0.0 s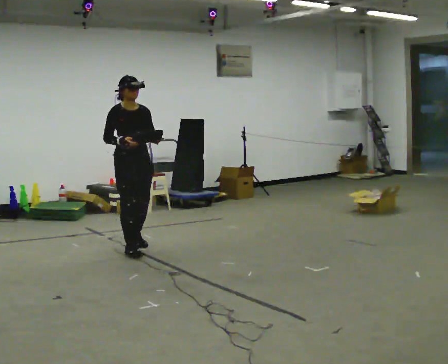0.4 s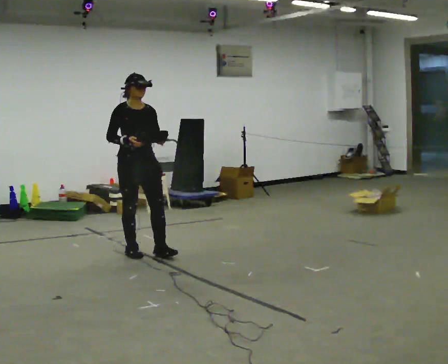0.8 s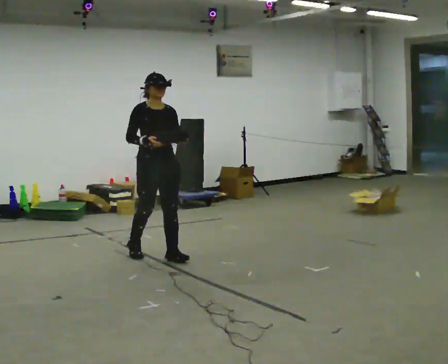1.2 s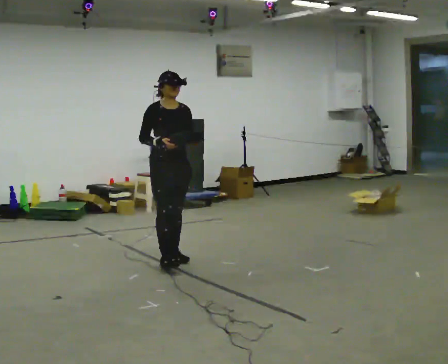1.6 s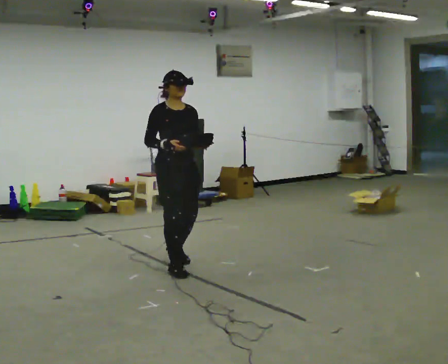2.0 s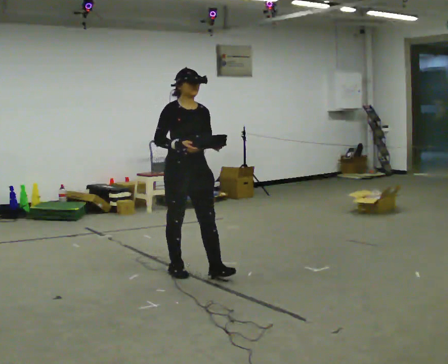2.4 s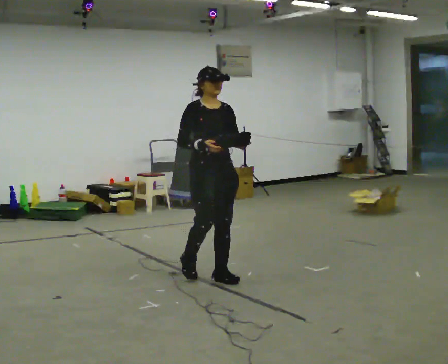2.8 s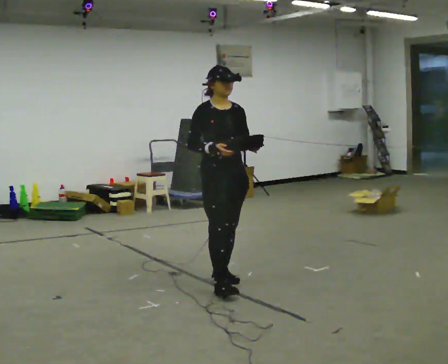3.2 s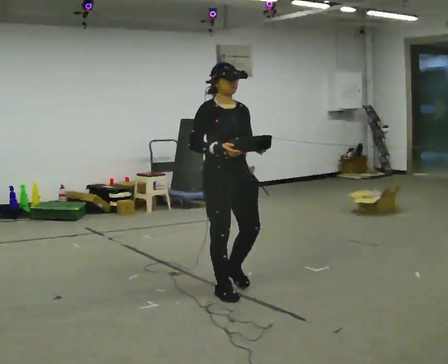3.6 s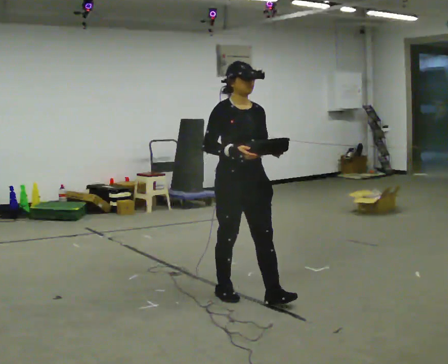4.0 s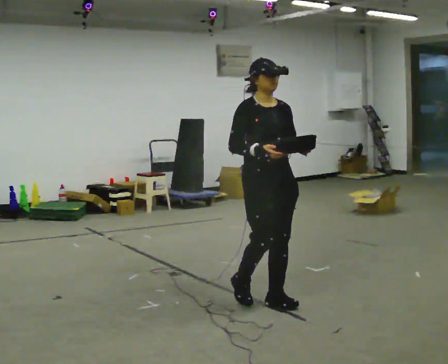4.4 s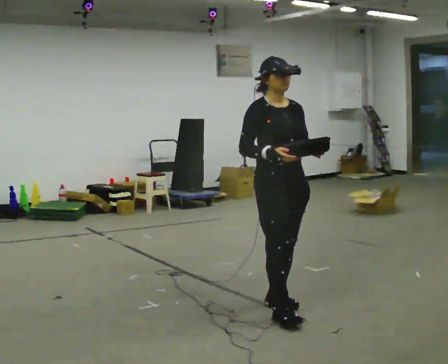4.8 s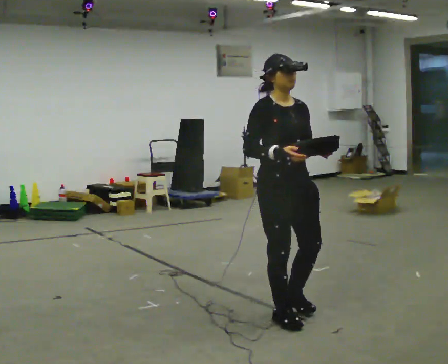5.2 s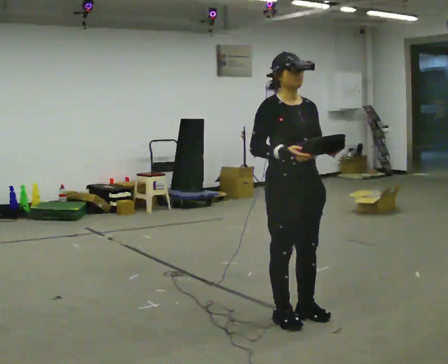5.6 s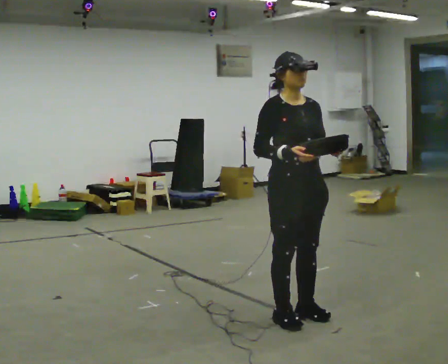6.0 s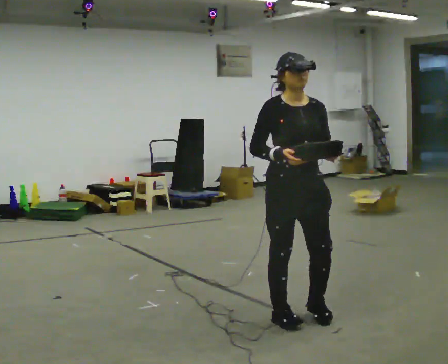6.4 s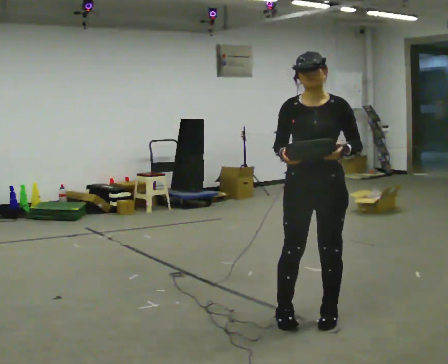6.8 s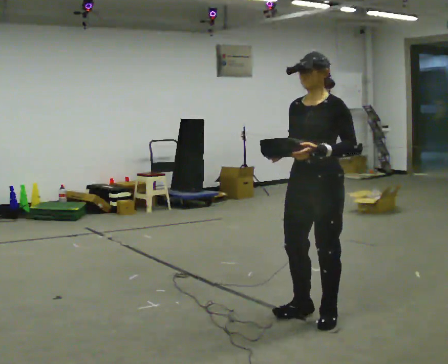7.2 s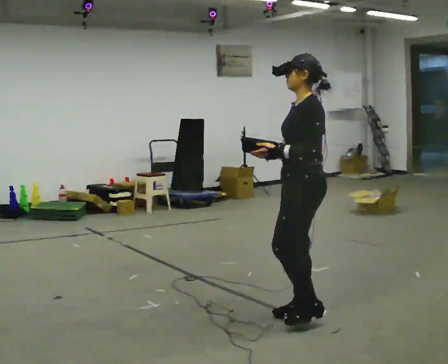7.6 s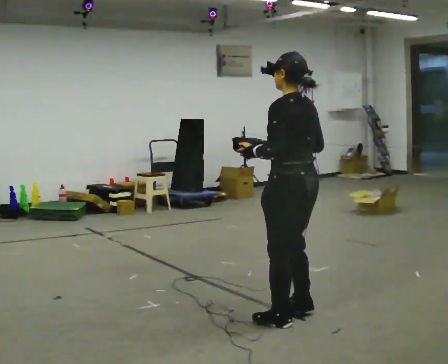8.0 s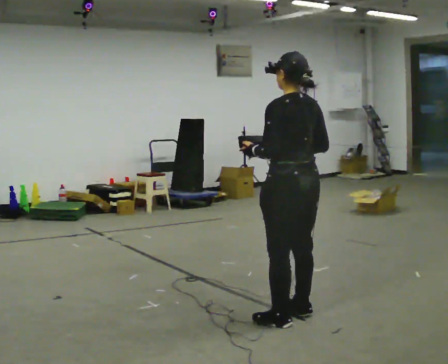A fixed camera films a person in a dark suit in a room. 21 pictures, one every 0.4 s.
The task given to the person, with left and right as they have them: Carry the object across the room. The lid hangs loose and will swing, so carry it however works. Keep going until the operator says stop; one object at a time, and do not rush between trips.
0.0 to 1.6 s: In the picture they go toward the camera and to the right, about 1 m in 2 steps, which for them is forward.
1.6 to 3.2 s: In the picture they go toward the camera and to the right, about 1 m in 2 steps, which for them is forward.
3.2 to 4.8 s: In the picture they go toward the camera and to the right, about 0.75 m in 2 steps, which for them is forward.
4.8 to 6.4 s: The part of the body nearest the lens slides to the left as the person turns to their right by about 45 degrees. In the picture they go to the right, about 0.25 m in 2 steps, which for them is to their left and forward.
6.4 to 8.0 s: The part of the body nearest the lens slides to the left as the person turns to their right by about 135 degrees. In the picture their left hand goes to the left.
The film runs forward here.
